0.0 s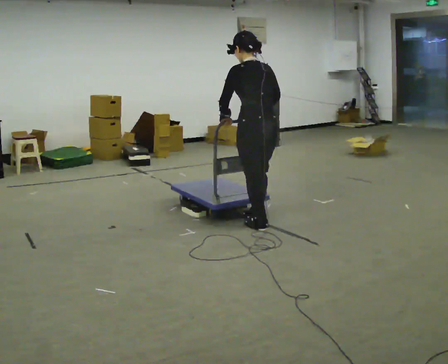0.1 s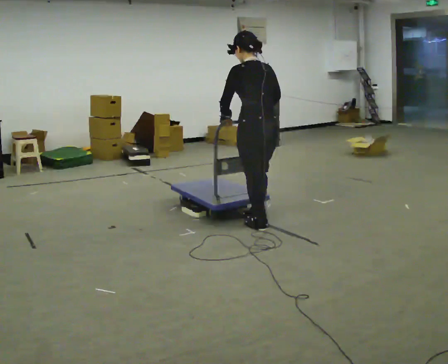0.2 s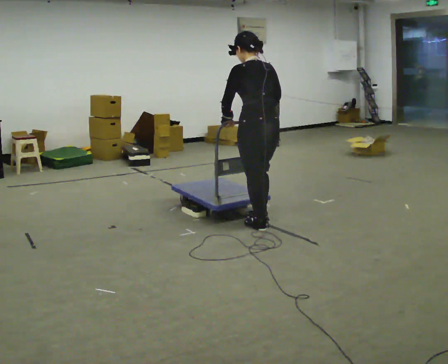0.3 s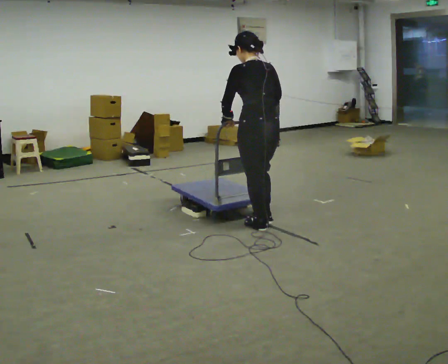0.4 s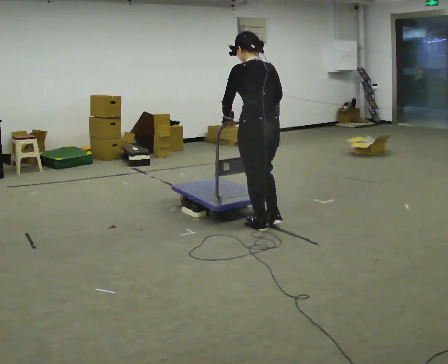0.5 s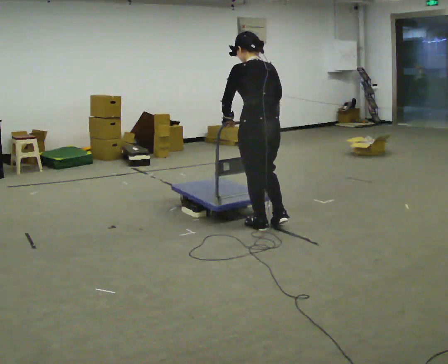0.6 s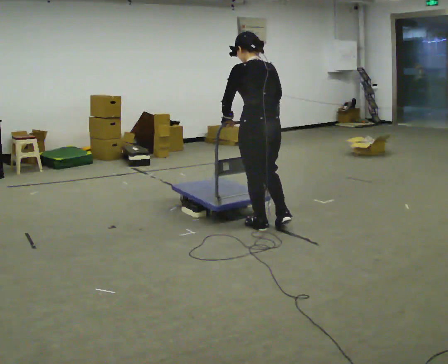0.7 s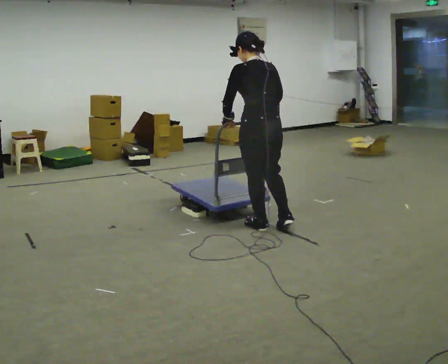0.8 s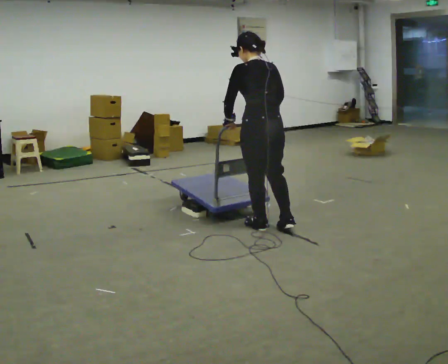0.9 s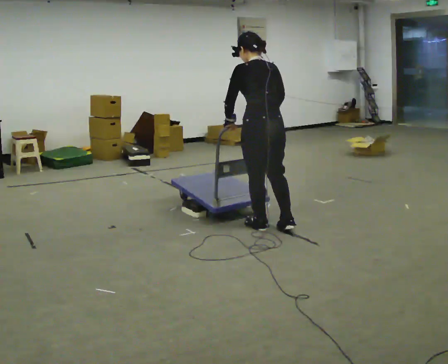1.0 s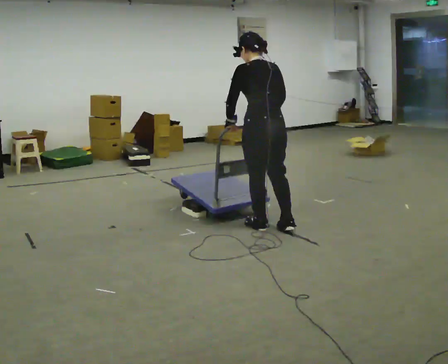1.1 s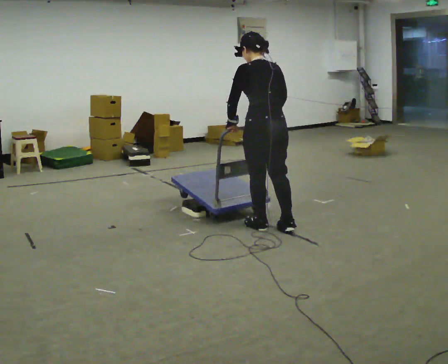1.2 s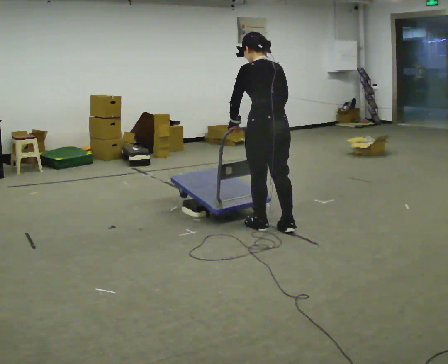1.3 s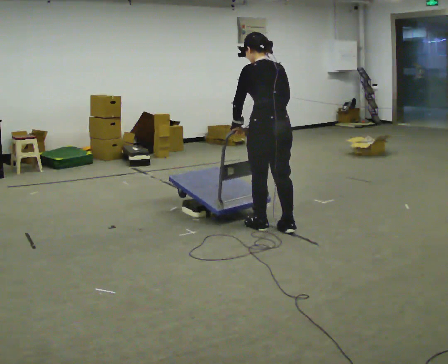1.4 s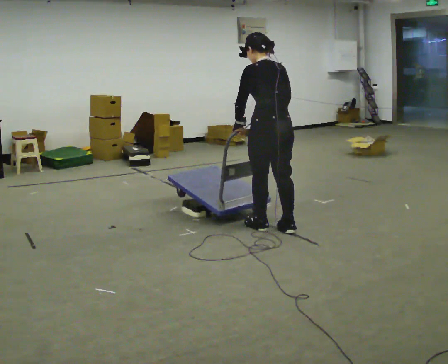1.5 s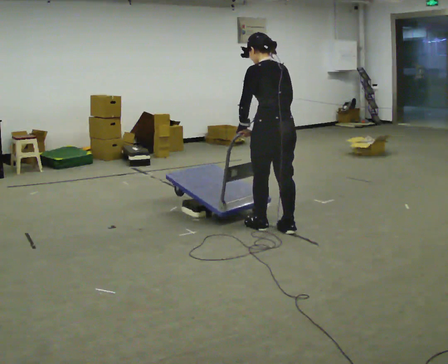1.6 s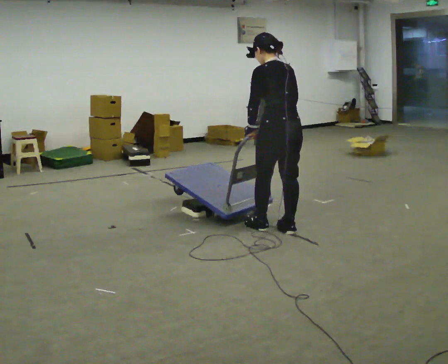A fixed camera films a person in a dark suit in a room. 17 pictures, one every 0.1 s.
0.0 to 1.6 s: In the picture they go to the right, about 0.25 m in 1 step, which for them is backward.
The film runs backward here.
